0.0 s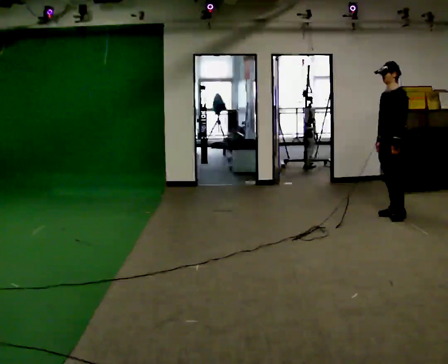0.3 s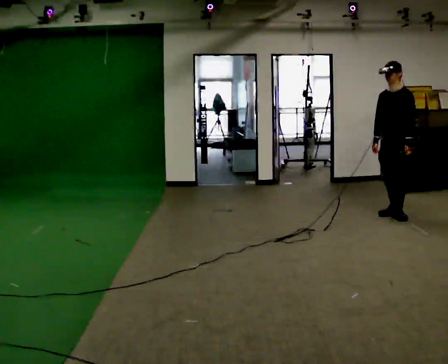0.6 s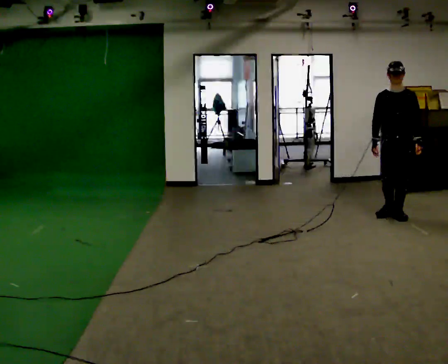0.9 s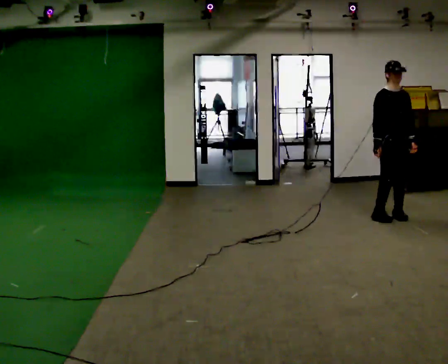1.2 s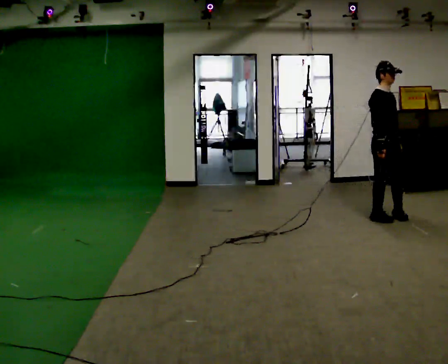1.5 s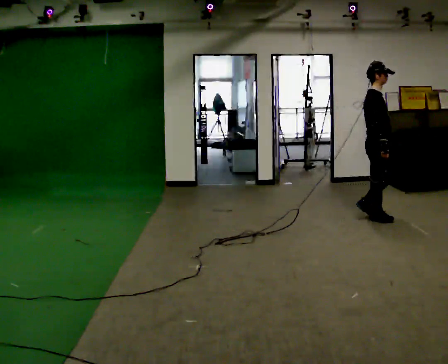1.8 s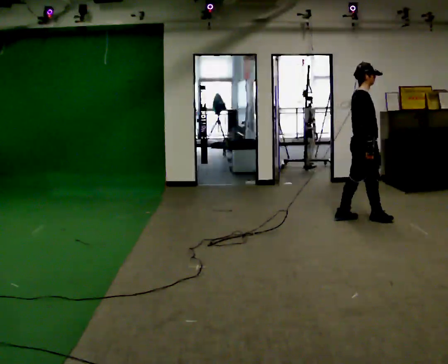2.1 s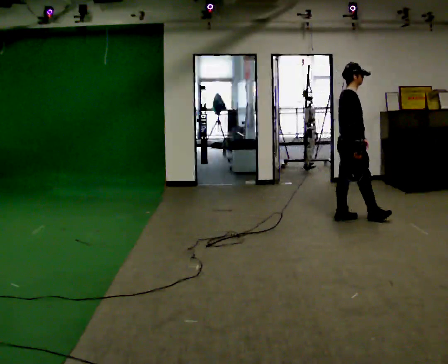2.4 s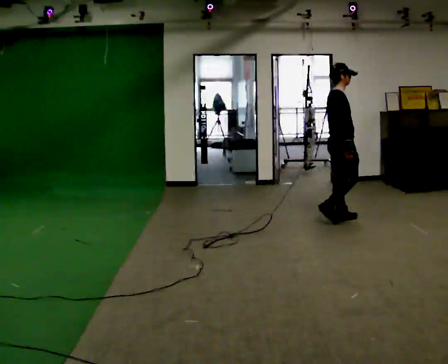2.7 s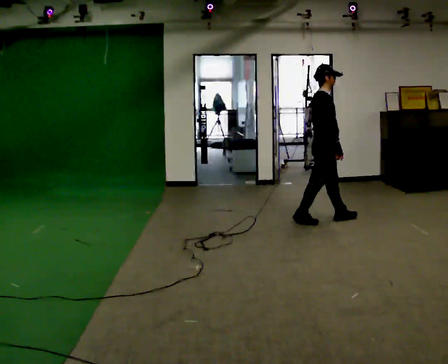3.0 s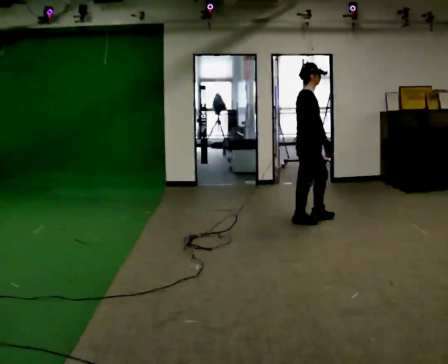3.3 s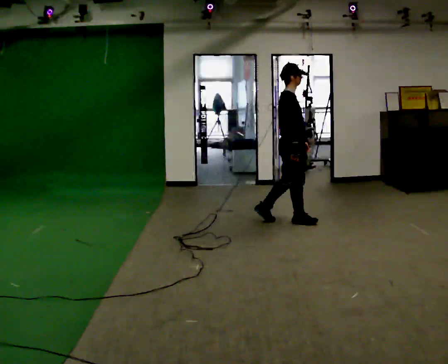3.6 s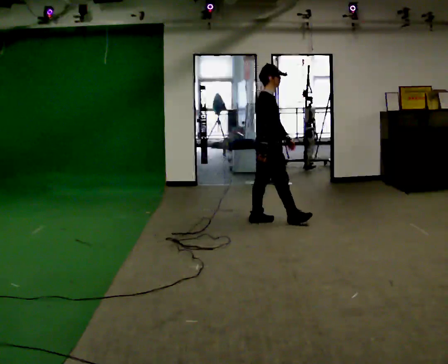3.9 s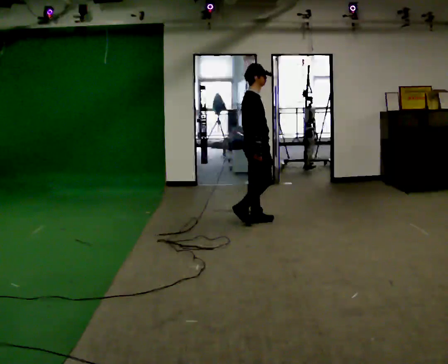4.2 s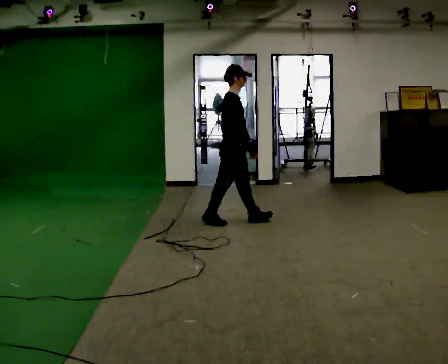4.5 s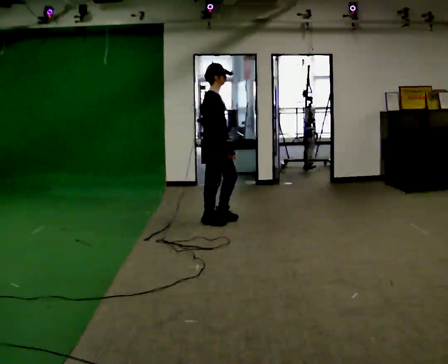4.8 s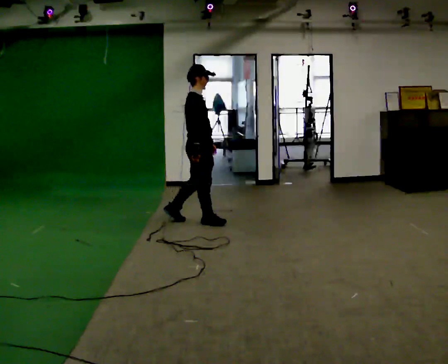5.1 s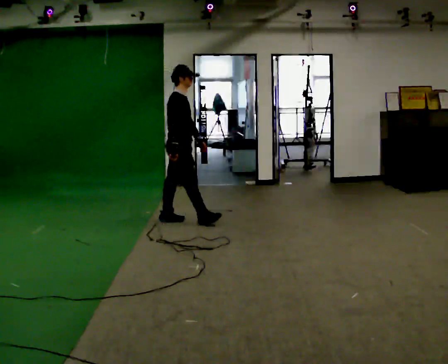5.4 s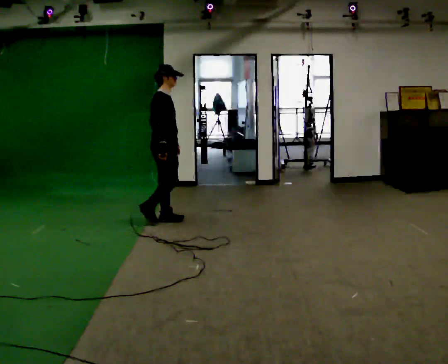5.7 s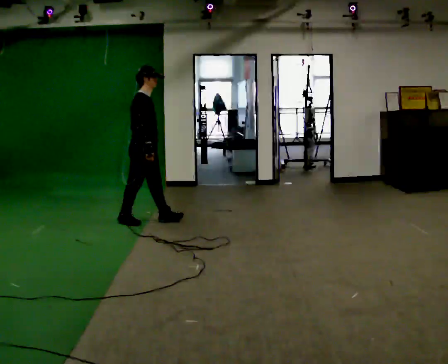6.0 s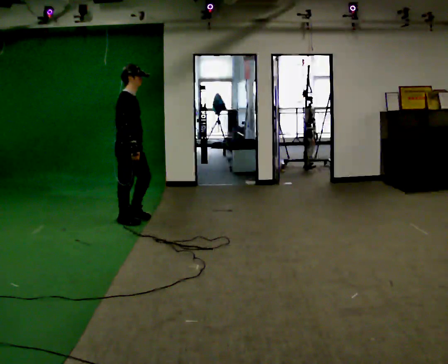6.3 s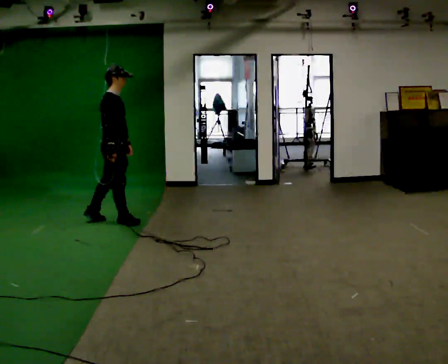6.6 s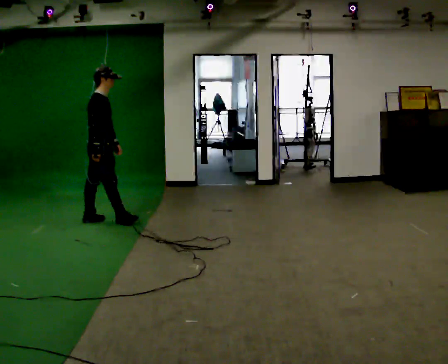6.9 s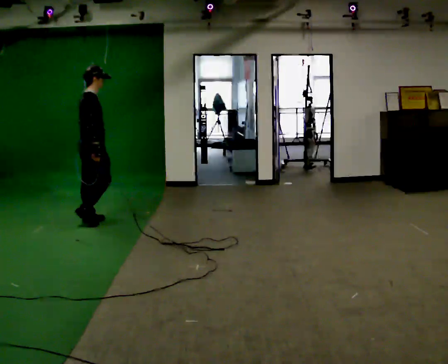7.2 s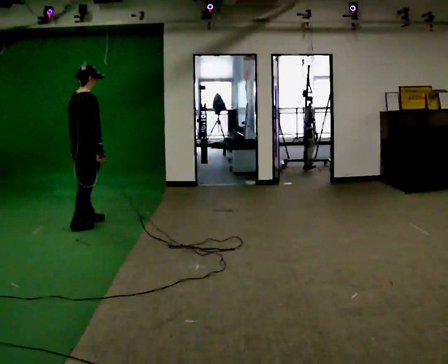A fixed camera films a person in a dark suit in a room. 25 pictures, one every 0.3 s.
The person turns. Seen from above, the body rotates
counterclockwise.
The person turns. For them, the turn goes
to their left.
0.0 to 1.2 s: Seen from above the body turns counterclockwise, about 120 degrees: to their left, with its near side sliding to the right. In the picture they go toward the camera, about 0.25 m in 1 step.
1.2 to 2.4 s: The part of the body nearest the lens slides to the right as the person turns to their left by about 45 degrees. In the picture they go to the left, about 0.5 m in 2 steps, which for them is backward.
2.4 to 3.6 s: In the picture they go to the left, about 1 m in 2 steps, which for them is backward.
3.6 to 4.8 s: In the picture they go to the left, about 0.5 m in 1 step, which for them is backward.
4.8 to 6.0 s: In the picture they go to the left, about 1 m in 2 steps, which for them is backward.
6.0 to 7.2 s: The person turns about 45 degrees to their left, counterclockwise seen from above, so the part of the body nearest the lens slides to the right. In the picture they go to the left and toward the camera, about 0.5 m in 1 step, which for them is backward.
The film runs backward here.
